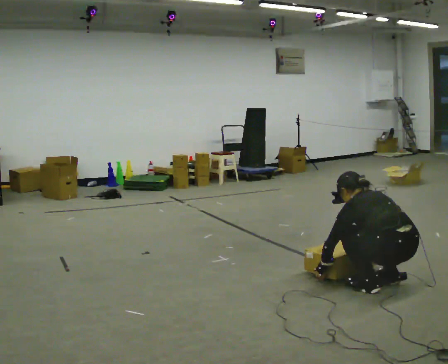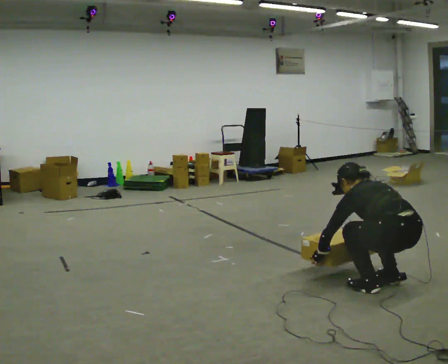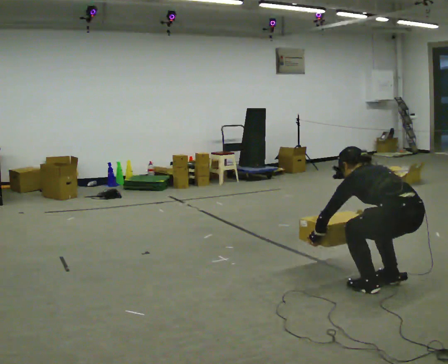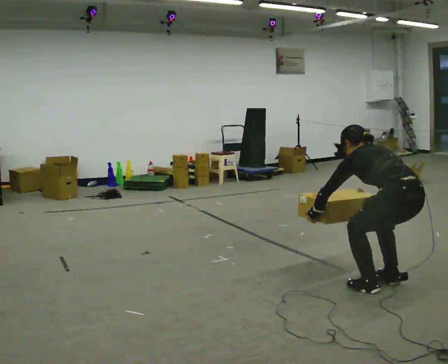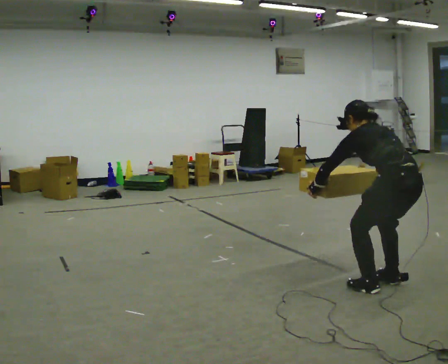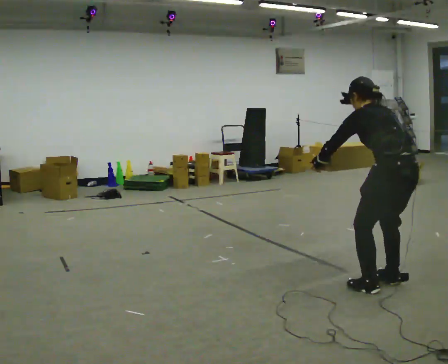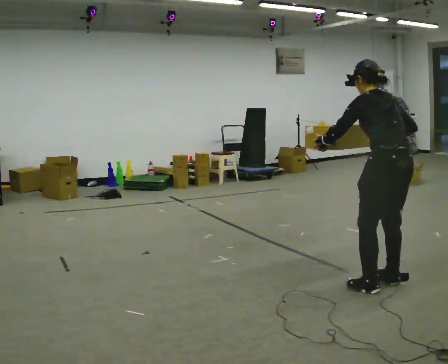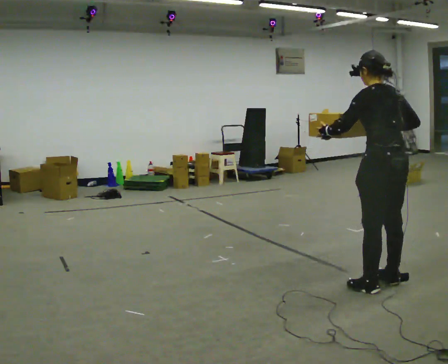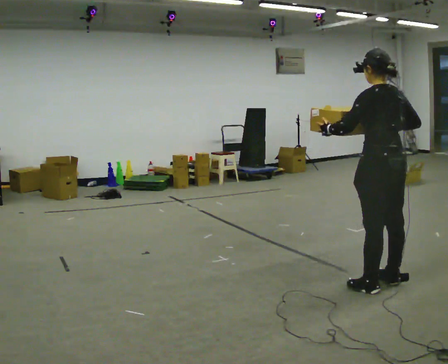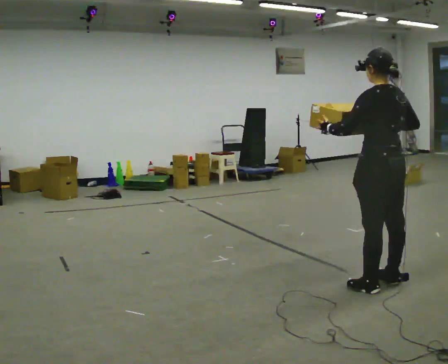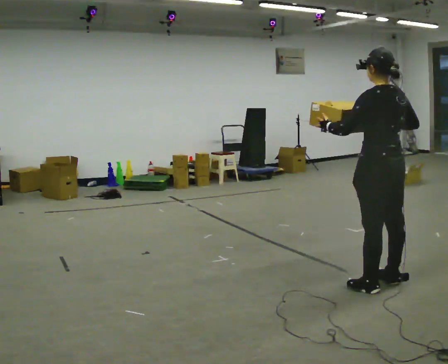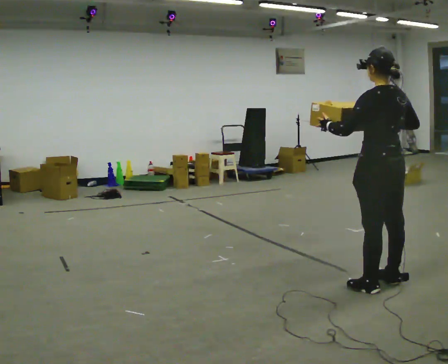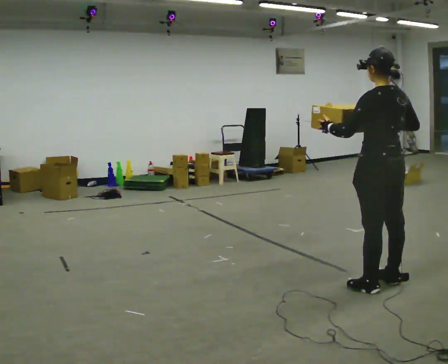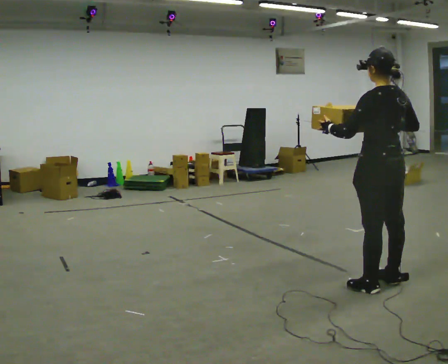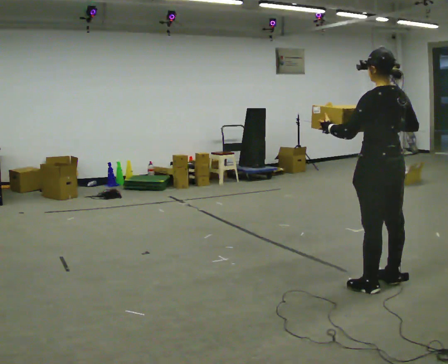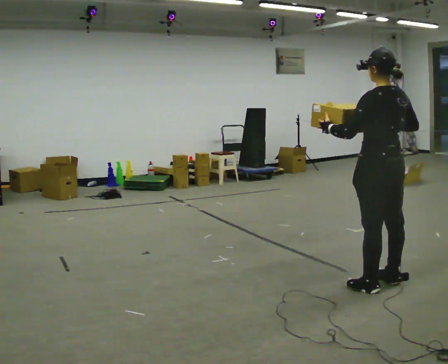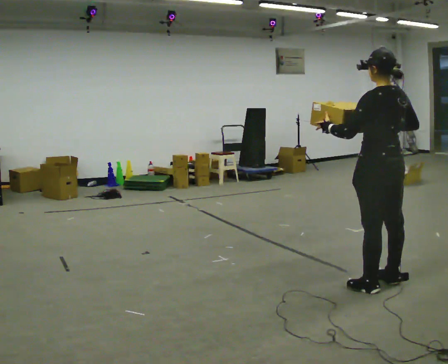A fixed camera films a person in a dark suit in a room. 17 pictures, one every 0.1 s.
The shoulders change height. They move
upward.
Their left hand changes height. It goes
upward.
0.0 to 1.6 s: In the picture they go away from the camera, about 0.25 m, which for them is forward. The upper body goes upward. The upper body tips toward the camera, its near side rolling downward, as they lean back or straighten. In the picture their left hand goes upward.
The film runs forward here.
